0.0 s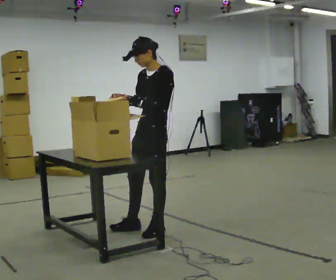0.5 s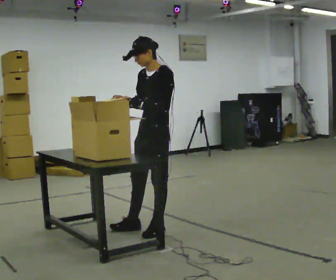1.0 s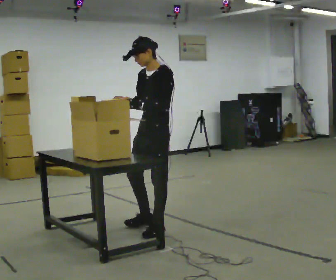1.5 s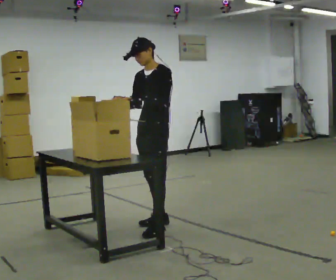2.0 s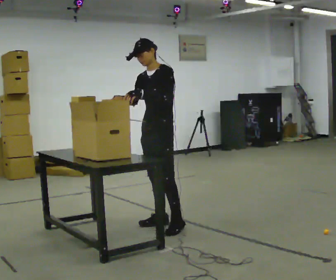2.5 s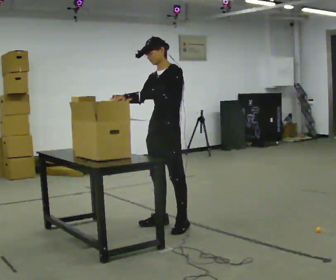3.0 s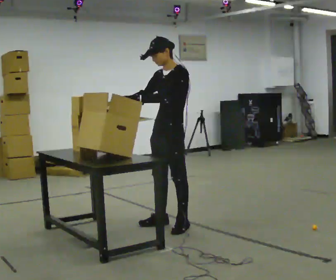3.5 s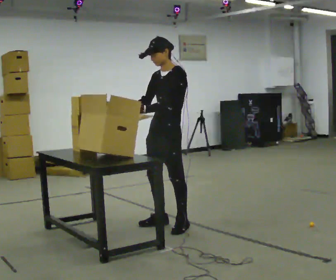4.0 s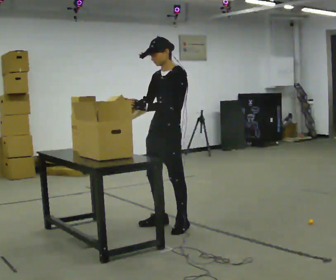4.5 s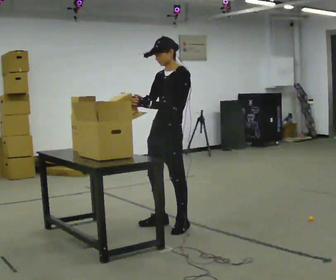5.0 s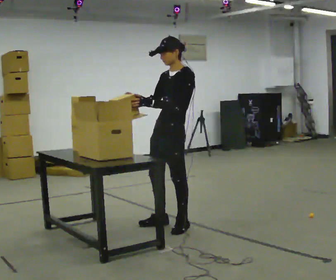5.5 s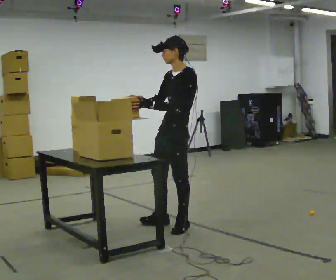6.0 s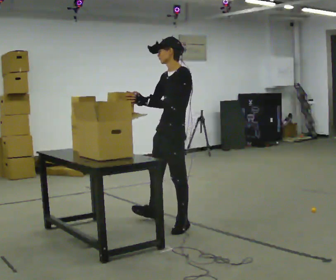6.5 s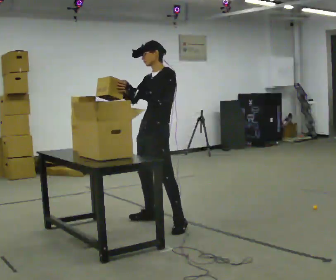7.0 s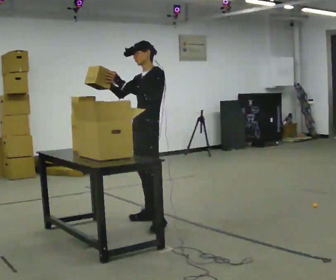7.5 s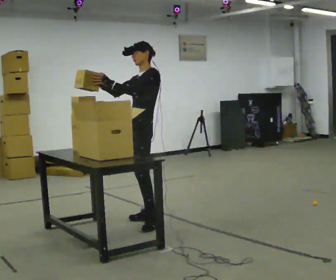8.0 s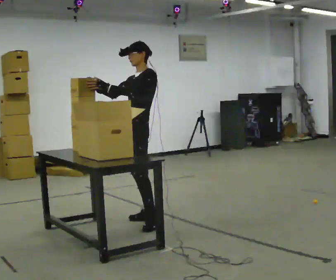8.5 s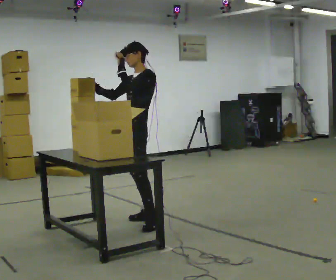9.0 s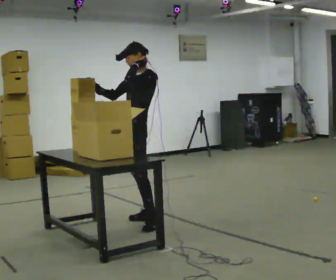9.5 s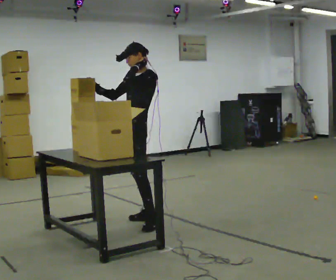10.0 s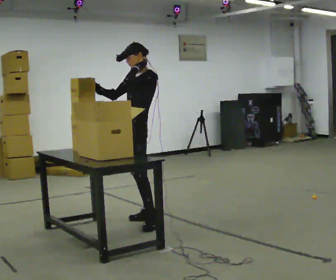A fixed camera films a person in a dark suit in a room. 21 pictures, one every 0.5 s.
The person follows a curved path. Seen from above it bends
counterclockwise.
0.0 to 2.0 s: In the picture they go away from the camera, about 0.25 m in 1 step, which for them is backward and to their right.
2.0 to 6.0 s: The person moves a little, or ends about where they began.
6.0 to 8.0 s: In the picture they go to the left and away from the camera, about 0.5 m in 1 step, which for them is to their right.
8.0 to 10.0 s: The person moves a little, or ends about where they began.
The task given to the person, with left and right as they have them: Take the objects from the bin one at a time and put one in each of the places the operator points out. Keep going until the operator says stop; one object at a time, and do not rush between trips.
The film runs forward here.
